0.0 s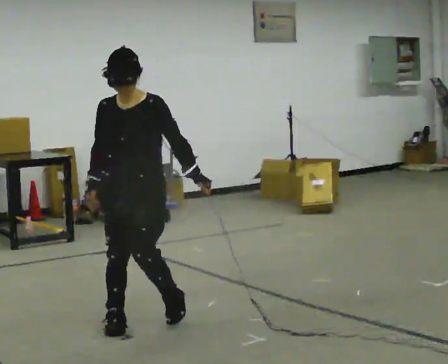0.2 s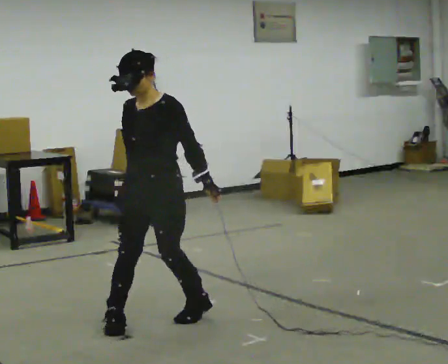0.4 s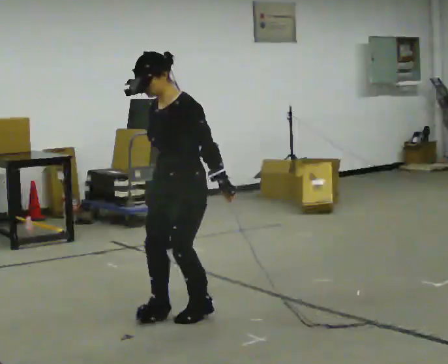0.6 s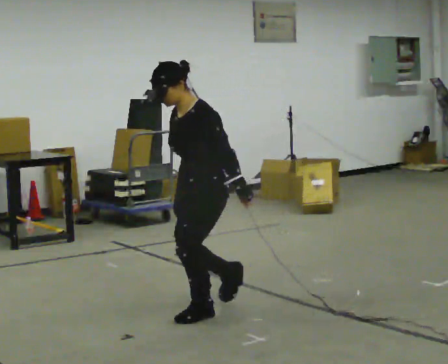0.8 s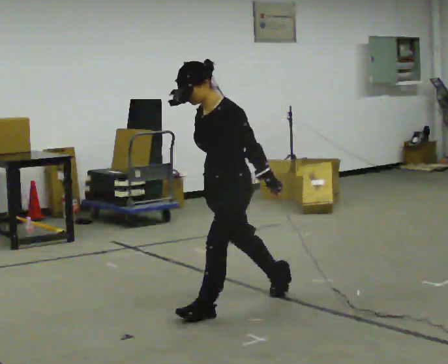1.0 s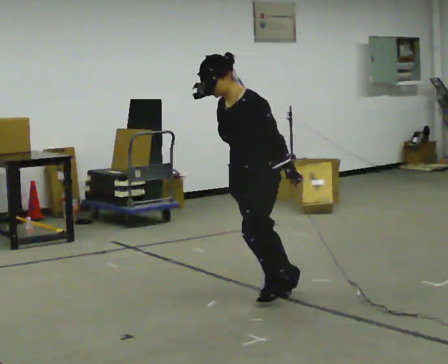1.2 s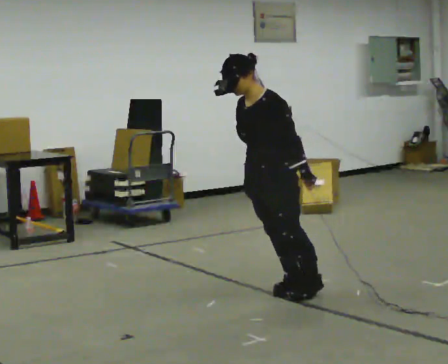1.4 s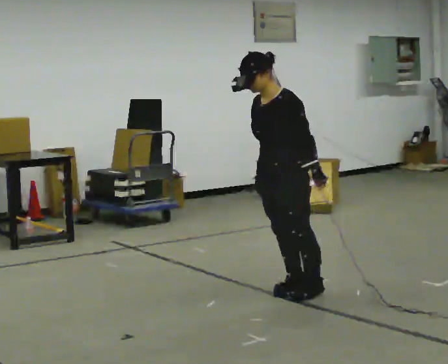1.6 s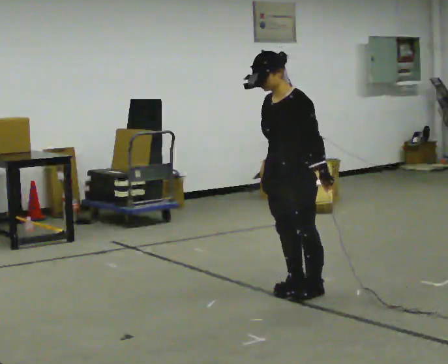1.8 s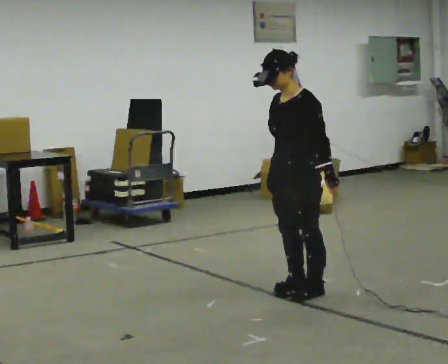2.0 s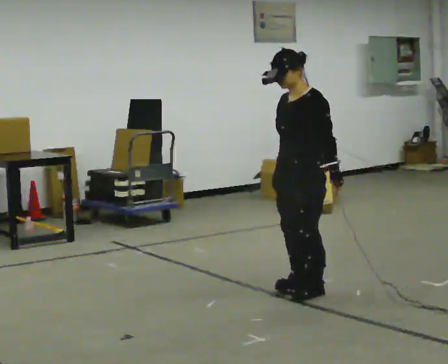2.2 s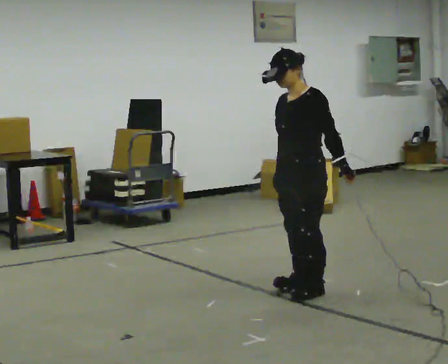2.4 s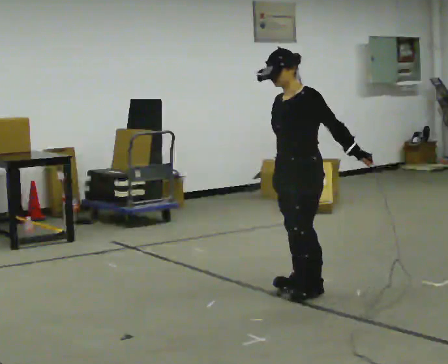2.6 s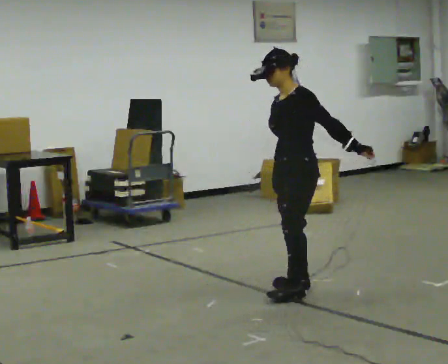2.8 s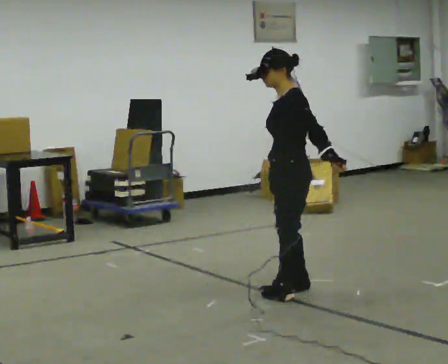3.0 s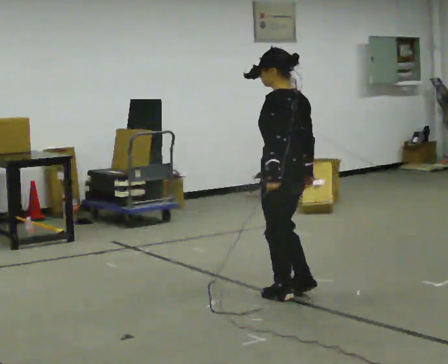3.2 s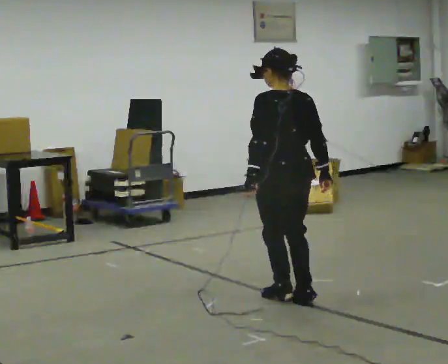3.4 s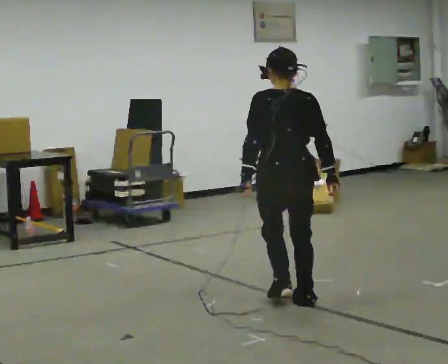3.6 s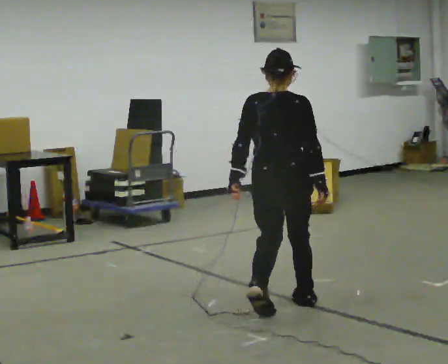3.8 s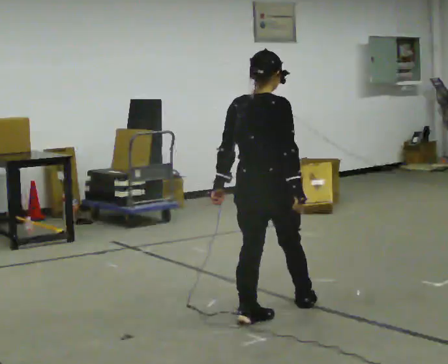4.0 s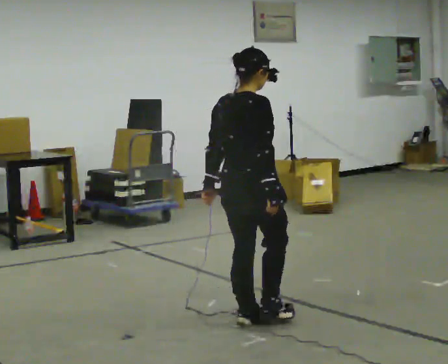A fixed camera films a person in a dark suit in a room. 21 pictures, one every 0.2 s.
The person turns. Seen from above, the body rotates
clockwise.
The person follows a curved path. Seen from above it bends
clockwise.
0.0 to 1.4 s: Seen from above the body turns clockwise, about 45 degrees: to their right, with its near side sliding to the left. In the picture they go to the right and away from the camera, about 1 m in 2 steps, which for them is backward.
1.4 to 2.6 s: The person moves a little, or ends about where they began.
2.6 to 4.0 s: The person turns about 150 degrees to their right, clockwise seen from above, so the part of the body nearest the lens slides to the left. In the picture they go toward the camera and to the left, about 0.75 m in 3 steps.
The film runs backward here.
